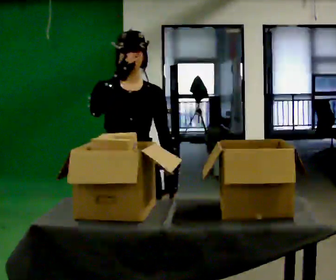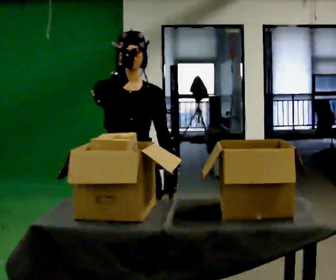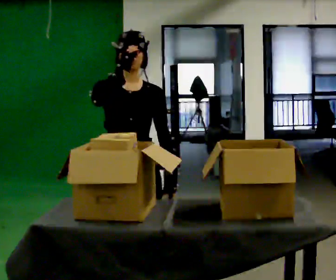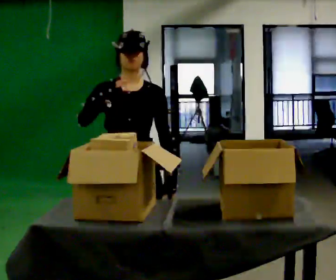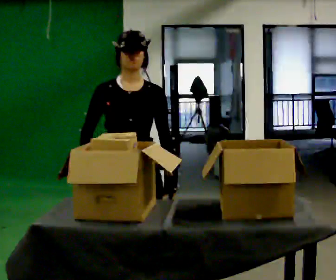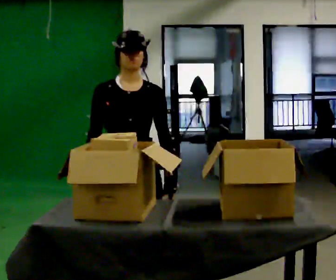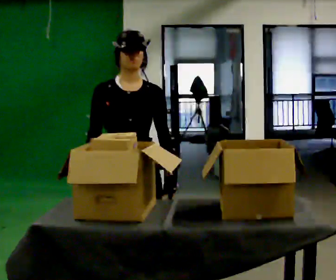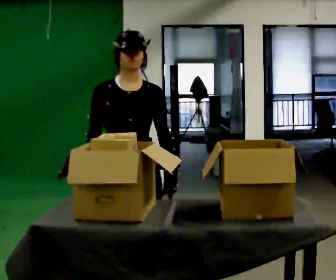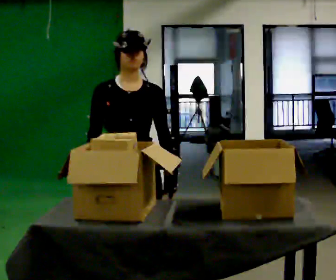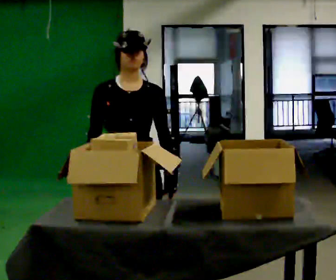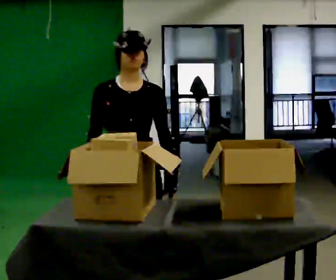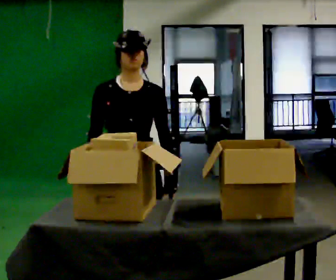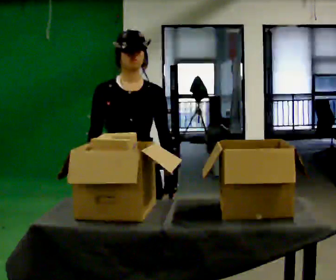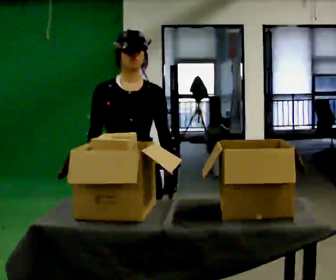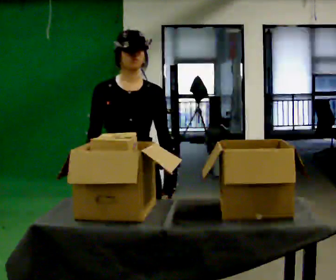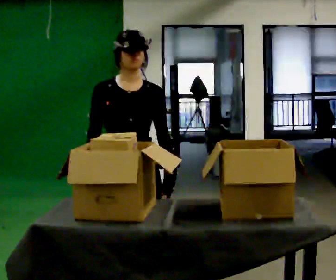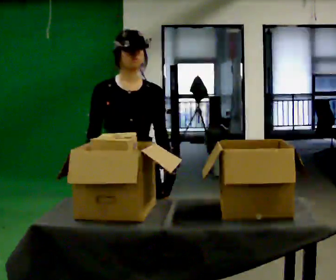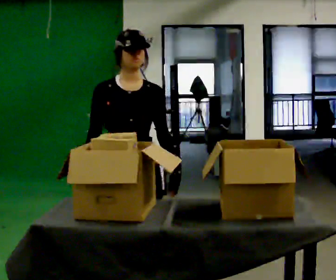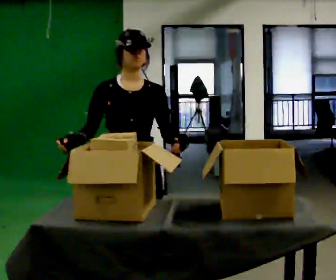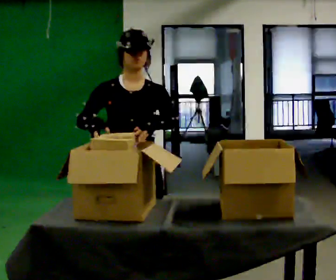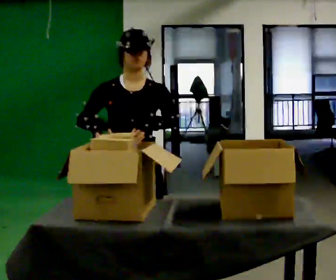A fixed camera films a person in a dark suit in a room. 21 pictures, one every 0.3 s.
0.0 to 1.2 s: In the picture their right hand goes downward.
1.2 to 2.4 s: The person moves a little, or ends about where they began.
2.4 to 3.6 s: The person keeps their place and pose.
3.6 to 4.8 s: The person moves a little, or ends about where they began.
4.8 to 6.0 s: In the picture their left hand goes upward.
The film runs backward here.
